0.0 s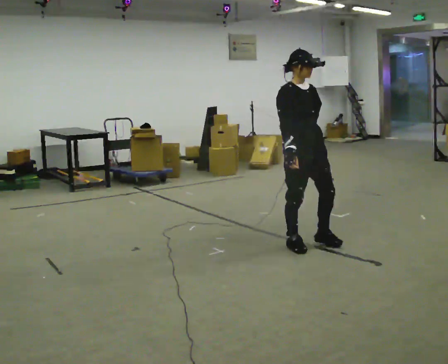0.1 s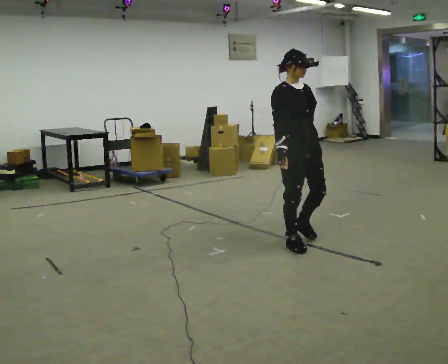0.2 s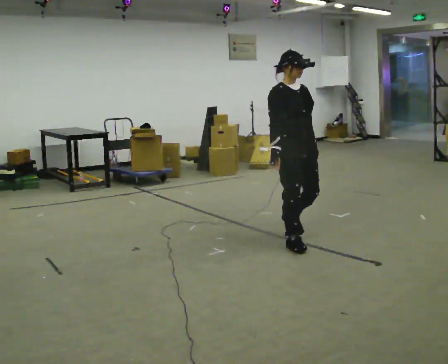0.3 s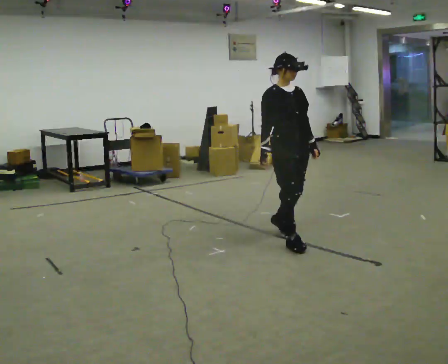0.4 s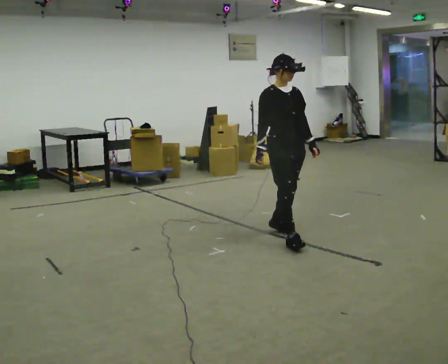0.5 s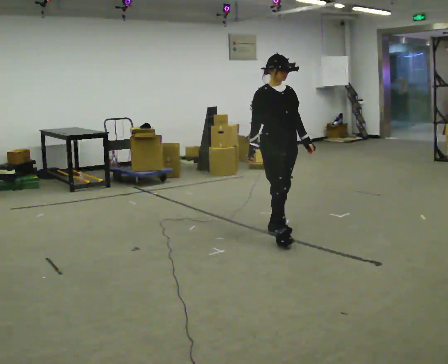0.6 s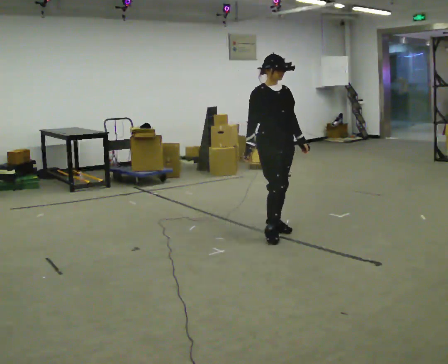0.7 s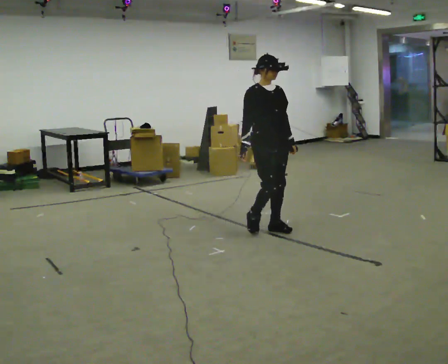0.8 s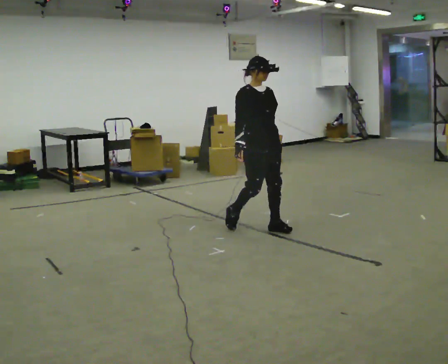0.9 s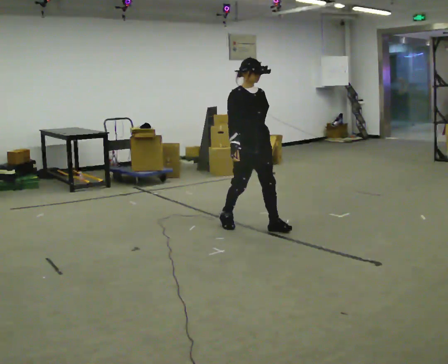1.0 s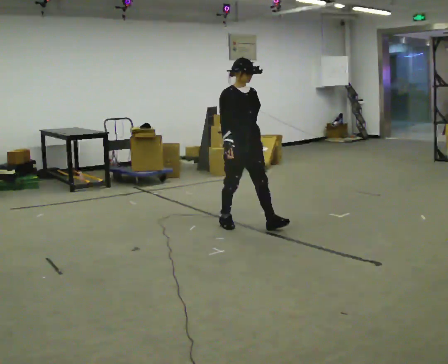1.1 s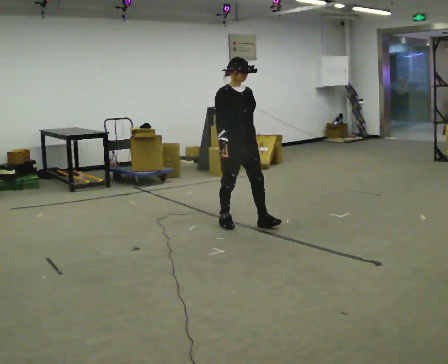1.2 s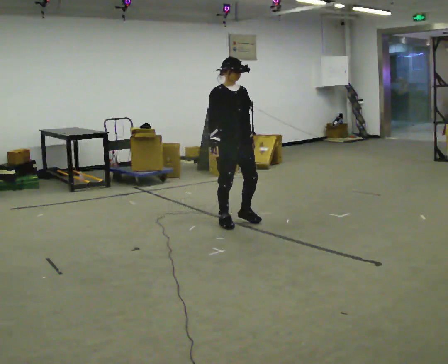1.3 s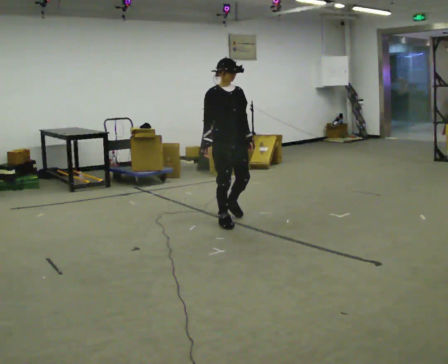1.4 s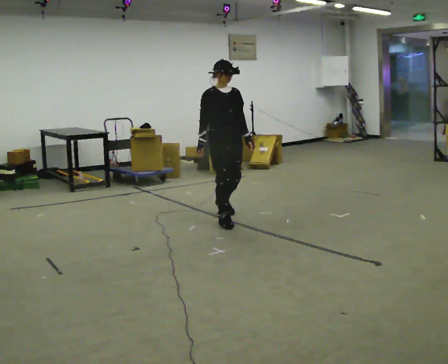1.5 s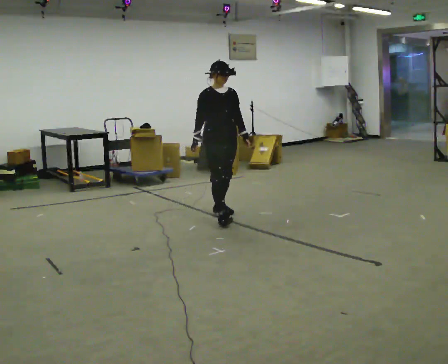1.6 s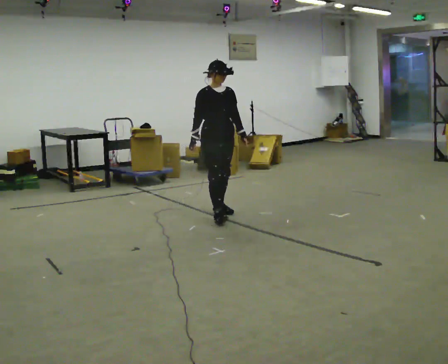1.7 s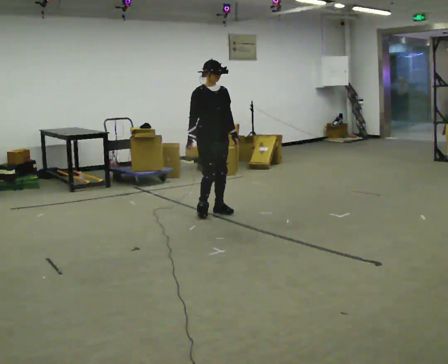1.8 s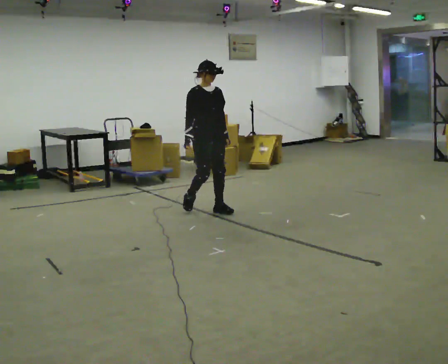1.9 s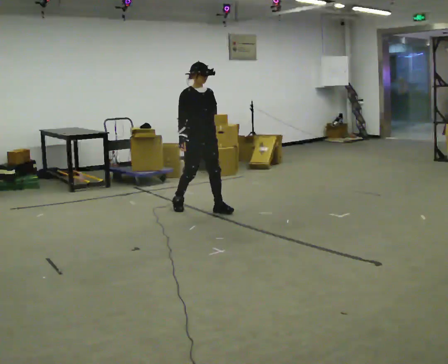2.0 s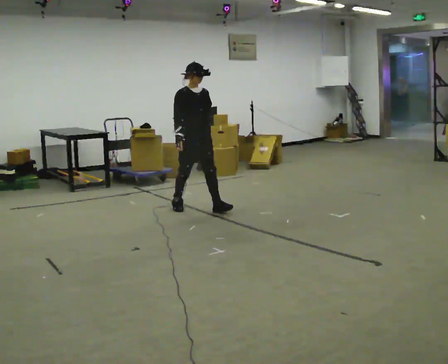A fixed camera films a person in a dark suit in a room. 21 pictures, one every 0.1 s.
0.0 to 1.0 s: In the picture they go away from the camera and to the left, about 1 m in 2 steps, which for them is backward.
1.0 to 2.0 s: In the picture they go away from the camera and to the left, about 1 m in 1 step, which for them is backward.
The film runs backward here.
